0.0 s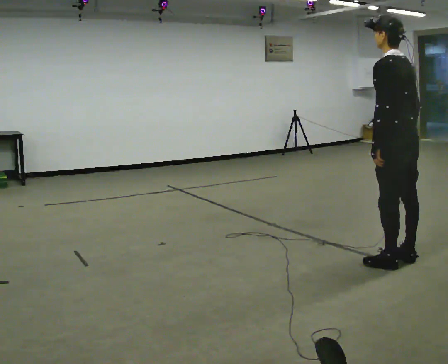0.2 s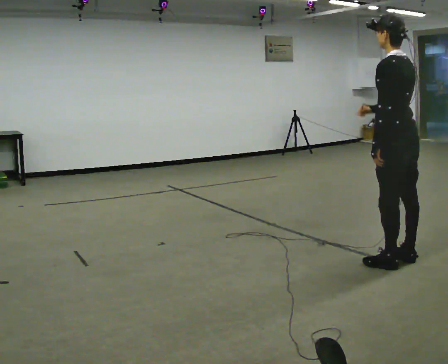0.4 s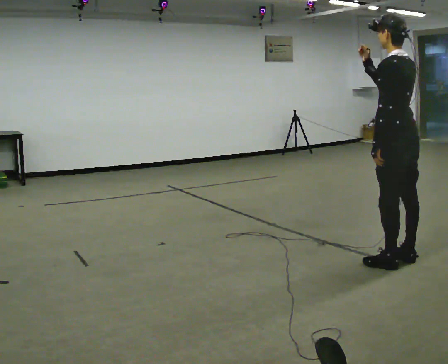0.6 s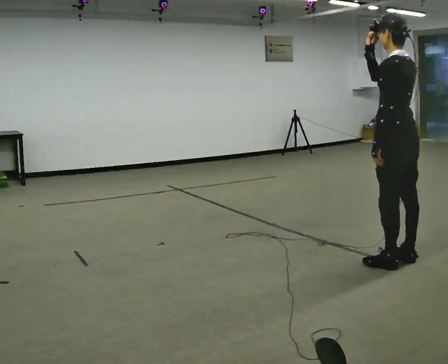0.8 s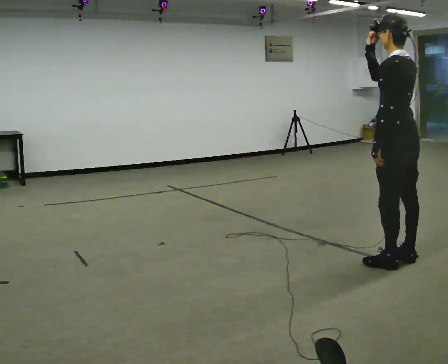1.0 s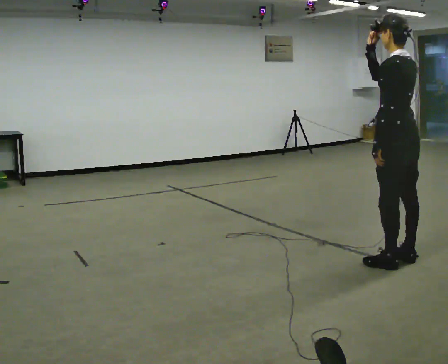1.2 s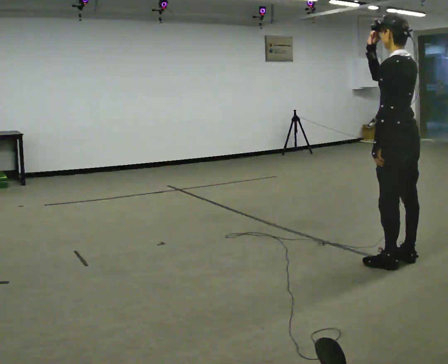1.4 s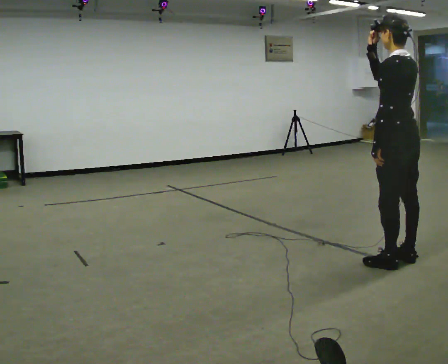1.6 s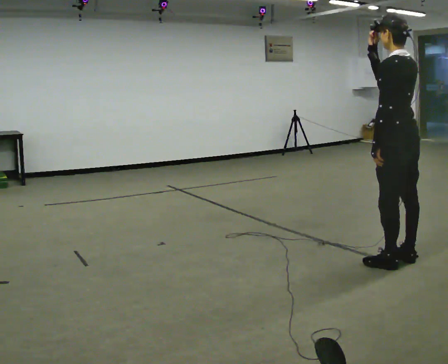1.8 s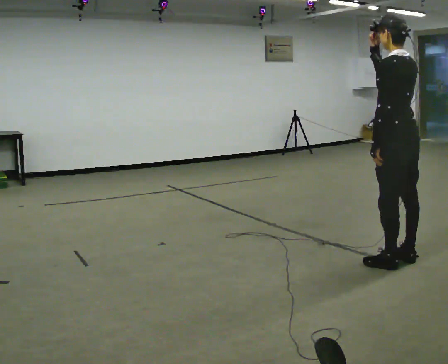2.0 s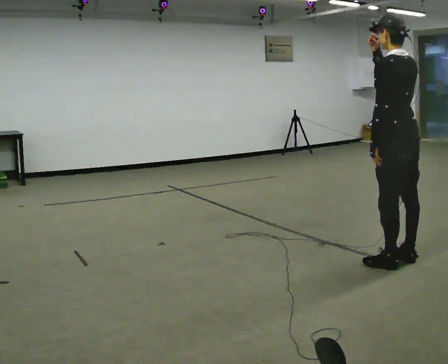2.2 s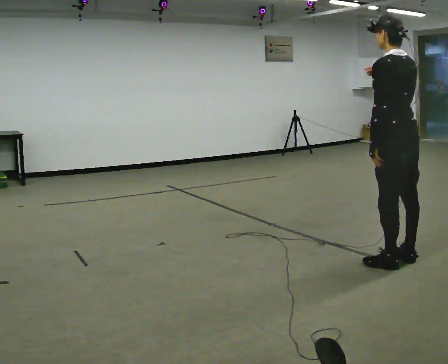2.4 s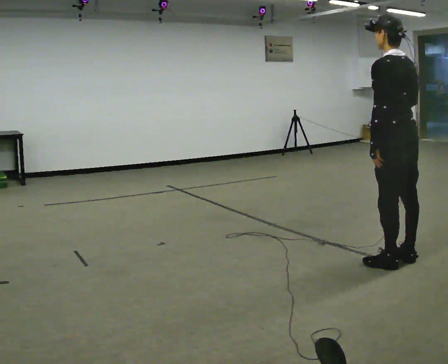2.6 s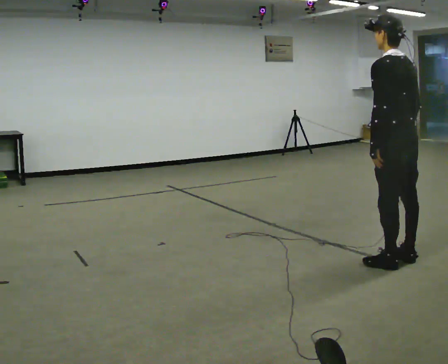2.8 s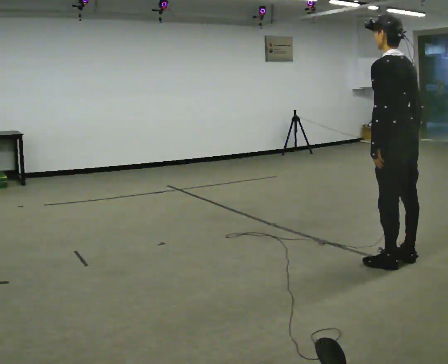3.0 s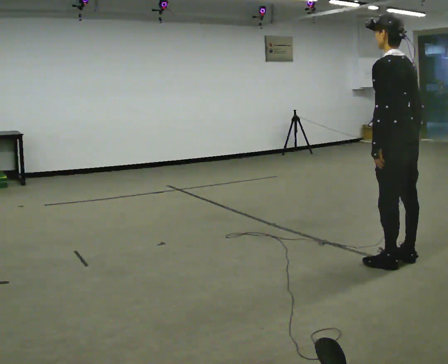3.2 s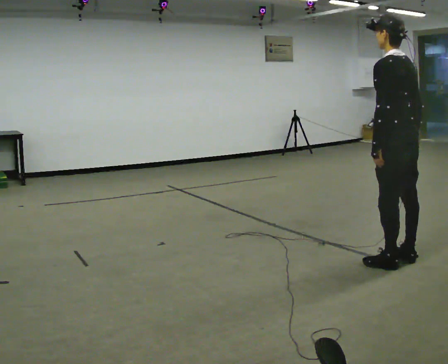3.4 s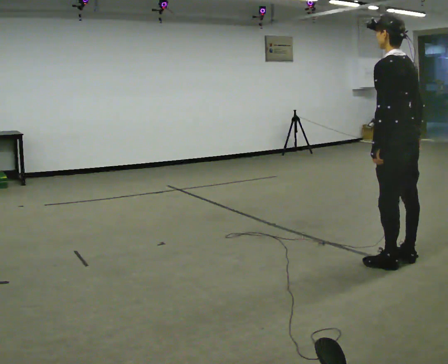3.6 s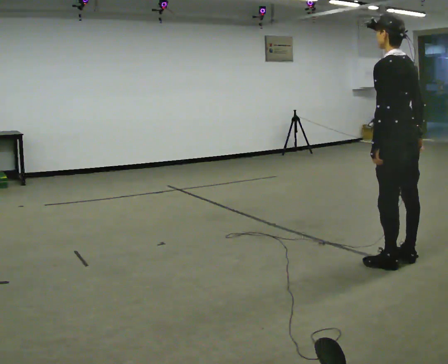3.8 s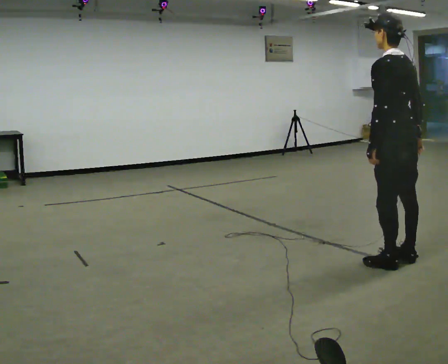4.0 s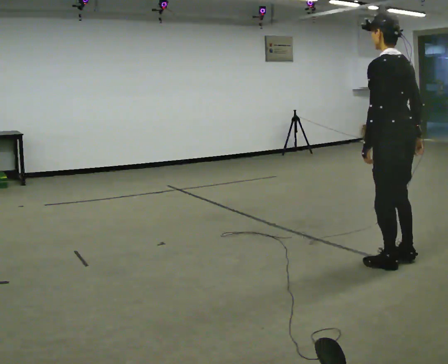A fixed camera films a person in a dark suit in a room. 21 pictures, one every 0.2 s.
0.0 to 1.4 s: In the picture their right hand goes upward.
1.4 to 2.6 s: In the picture their right hand goes downward.
2.6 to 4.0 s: The person moves a little, or ends about where they began.
The film runs backward here.
